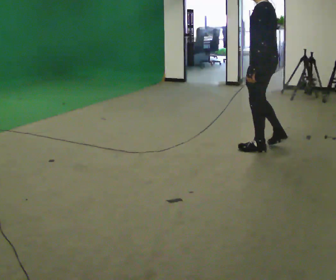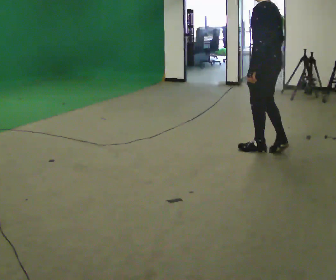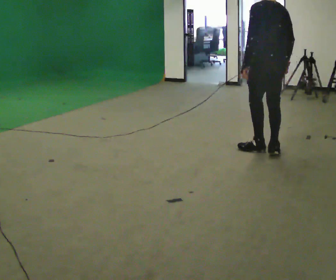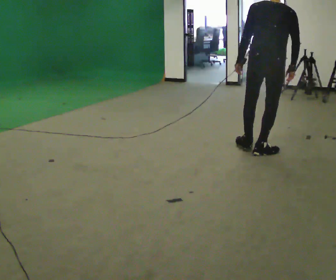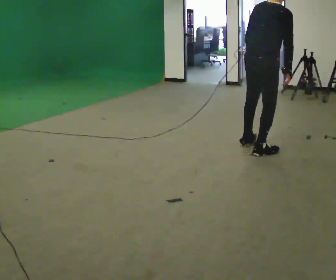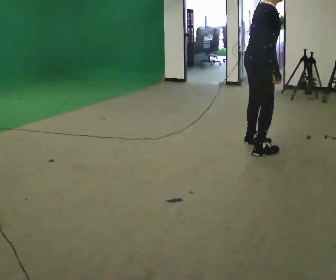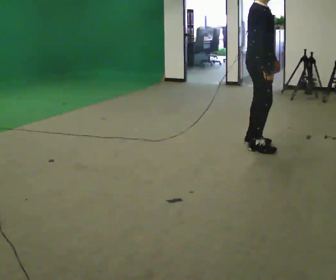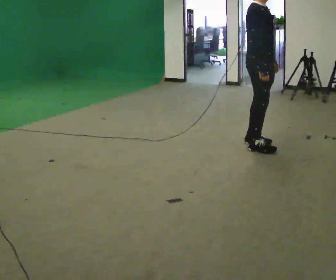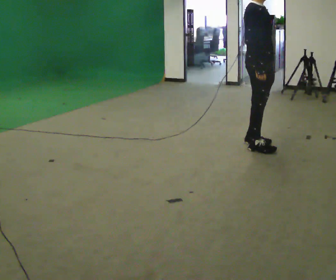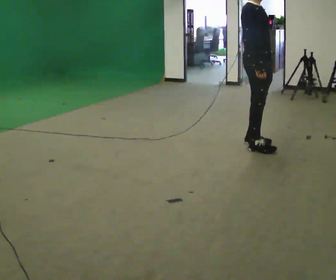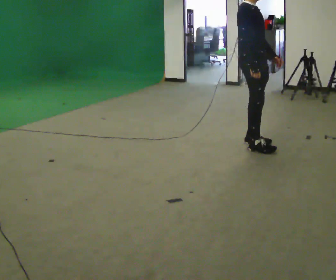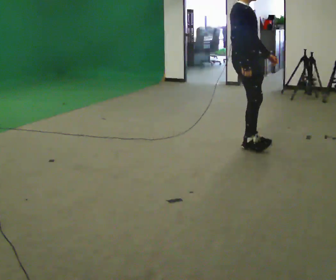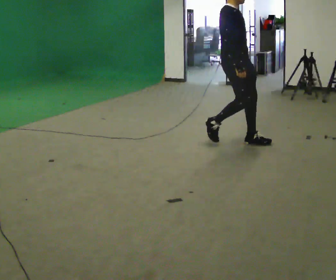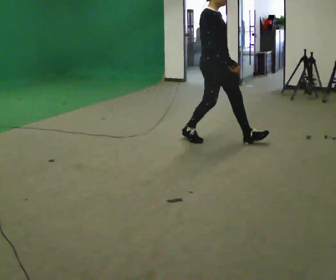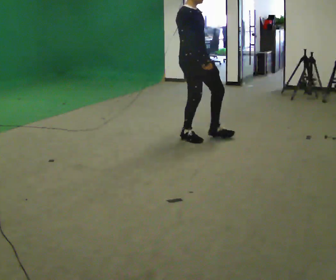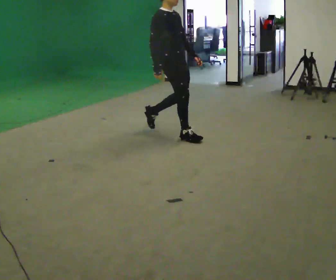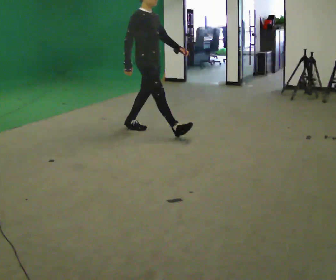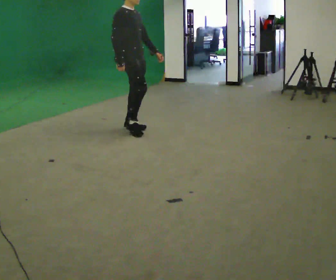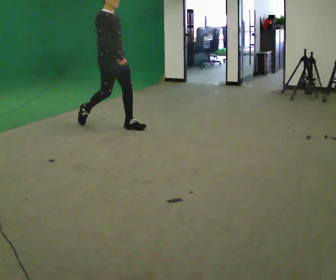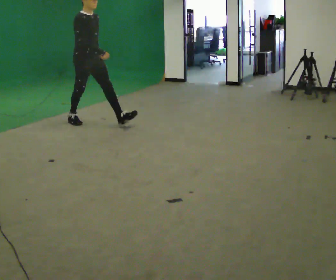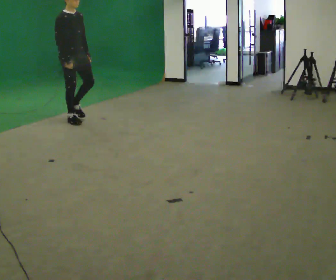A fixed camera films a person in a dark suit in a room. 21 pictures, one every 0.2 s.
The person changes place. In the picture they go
to the left.
The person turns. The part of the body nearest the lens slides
to the left.
0.0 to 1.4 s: The part of the body nearest the lens slides to the left as the person turns to their right by about 180 degrees.
1.4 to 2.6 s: In the picture they go to the left, about 0.5 m in 2 steps, which for them is backward.
2.6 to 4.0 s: In the picture they go to the left, about 2 m in 2 steps, which for them is backward.
The film runs backward here.
